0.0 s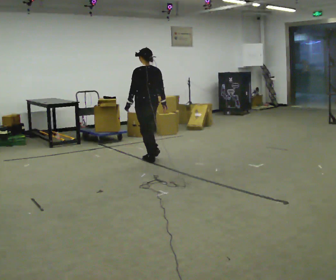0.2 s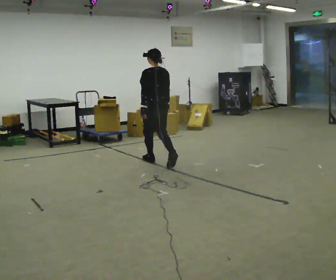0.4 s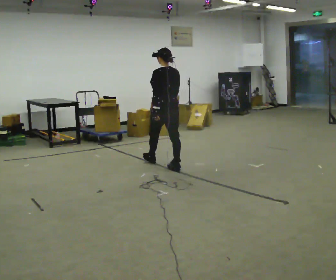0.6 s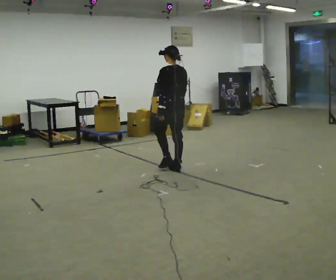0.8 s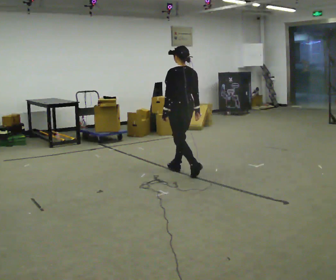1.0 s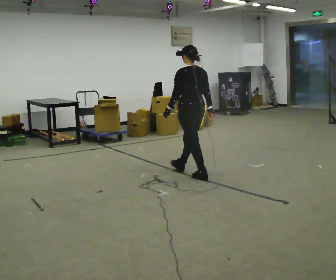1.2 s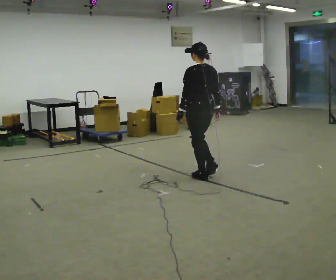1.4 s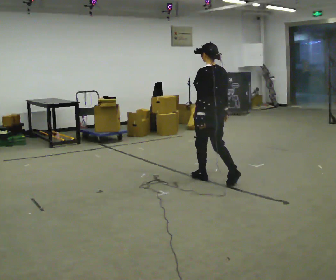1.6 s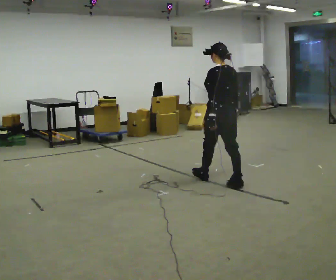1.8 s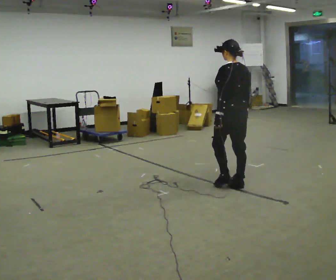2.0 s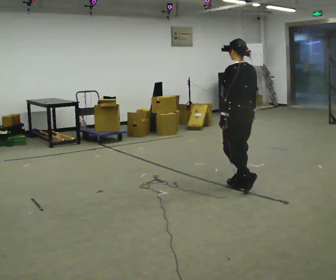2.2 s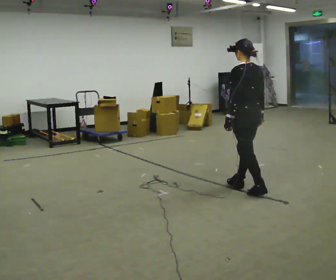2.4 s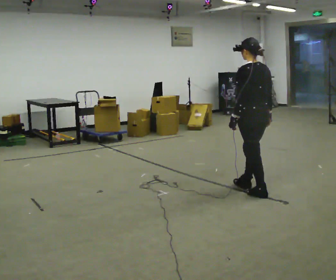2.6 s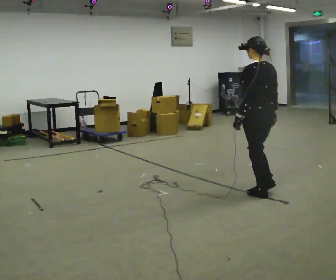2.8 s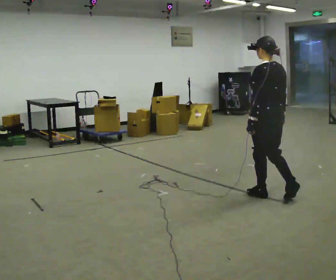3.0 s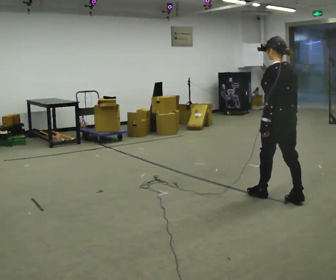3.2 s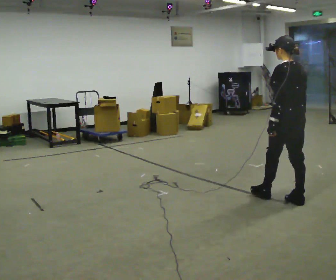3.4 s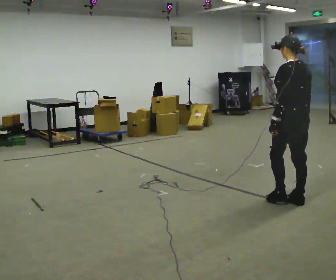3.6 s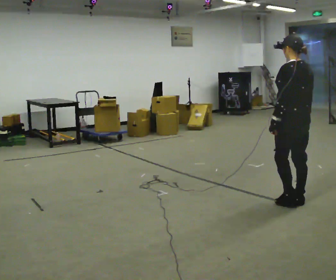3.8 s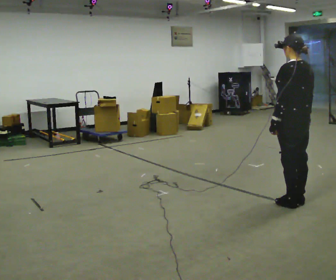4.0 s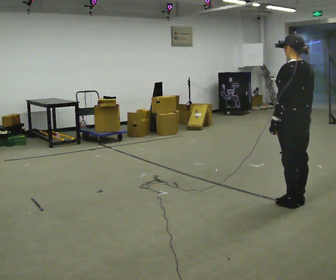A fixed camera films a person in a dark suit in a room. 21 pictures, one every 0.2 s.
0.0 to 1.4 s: In the picture they go to the right and toward the camera, about 1.5 m in 2 steps, which for them is backward.
1.4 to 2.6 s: In the picture they go to the right and toward the camera, about 0.5 m in 2 steps, which for them is backward.
2.6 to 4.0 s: In the picture they go to the right and toward the camera, about 0.5 m in 1 step, which for them is backward.
The film runs backward here.
